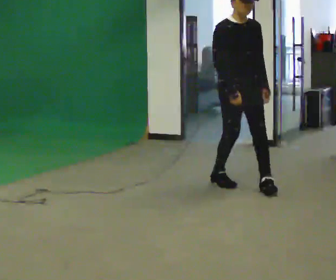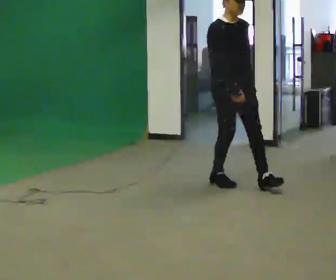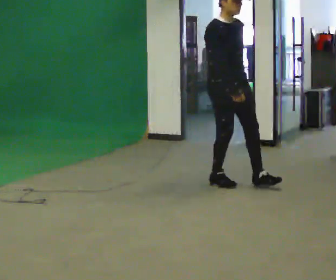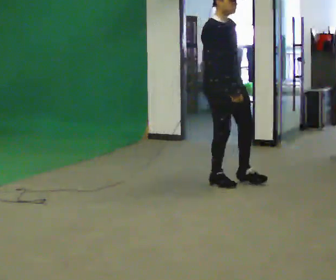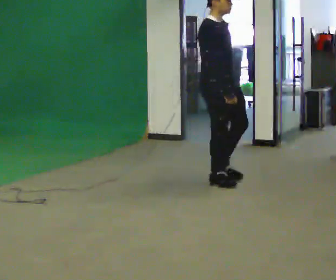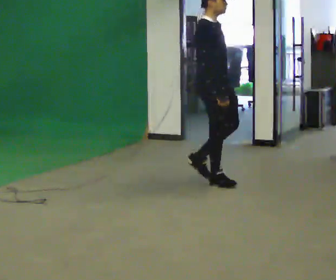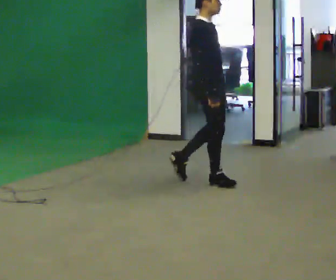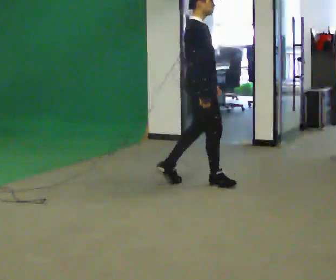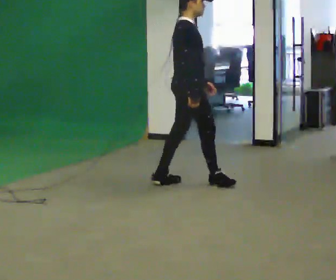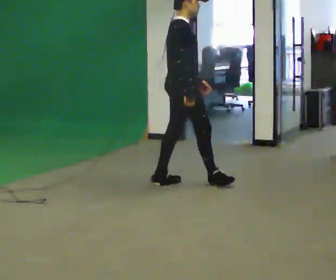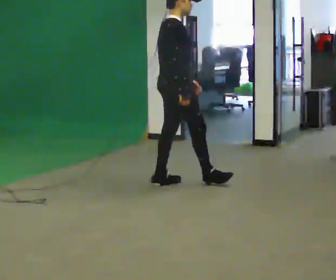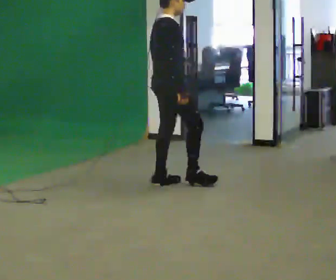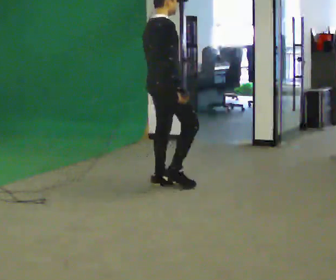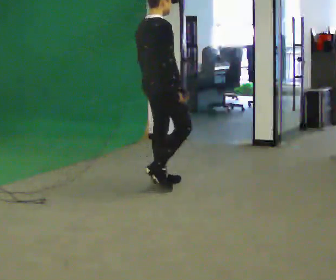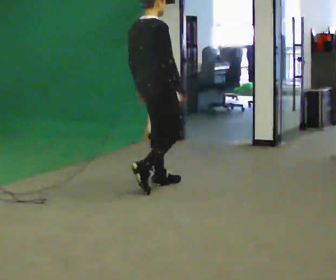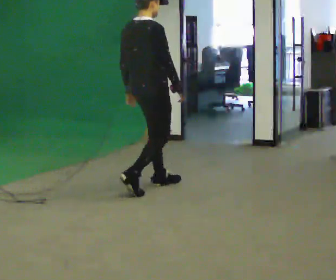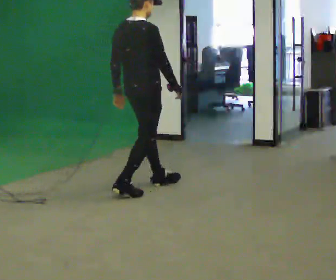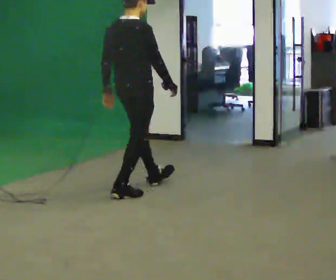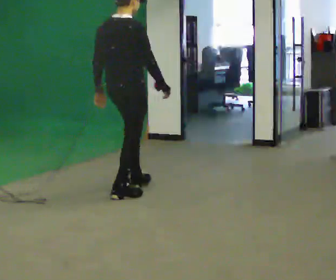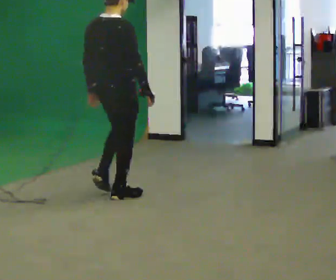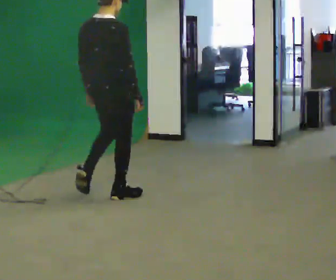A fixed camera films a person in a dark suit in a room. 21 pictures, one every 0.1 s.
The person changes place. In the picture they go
to the left.
The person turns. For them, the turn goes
to their left.
0.0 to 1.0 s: The person turns about 75 degrees to their left, counterclockwise seen from above, so the part of the body nearest the lens slides to the right. In the picture they go to the left, about 0.5 m in 2 steps.
1.0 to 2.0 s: The person turns about 30 degrees to their left, counterclockwise seen from above, so the part of the body nearest the lens slides to the right. In the picture they go to the left and toward the camera, about 0.75 m in 1 step, which for them is backward.
The film runs backward here.
